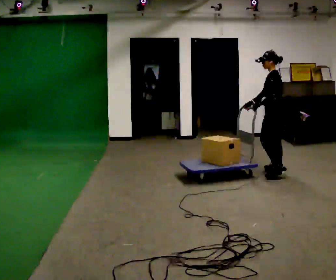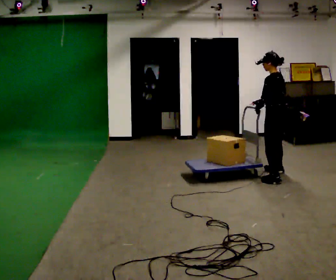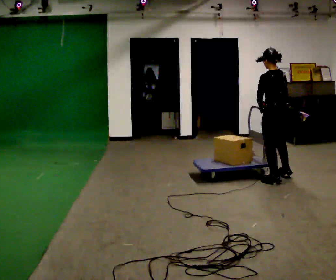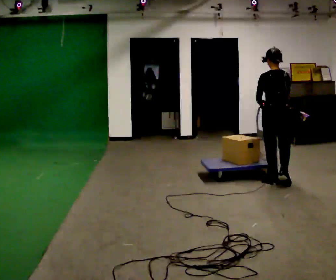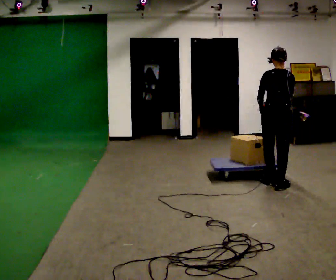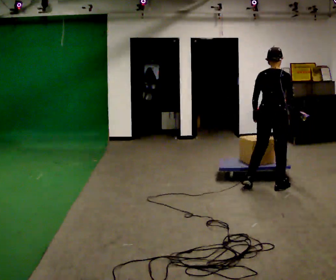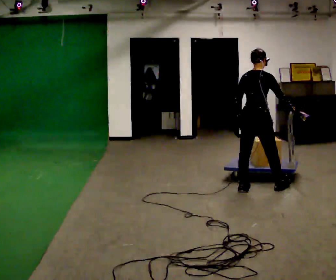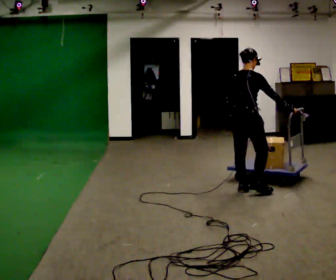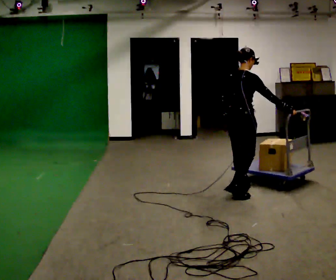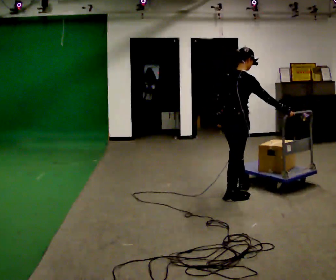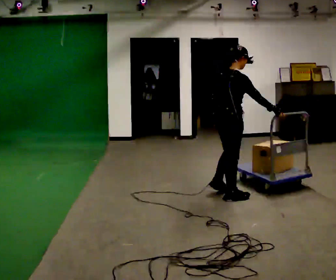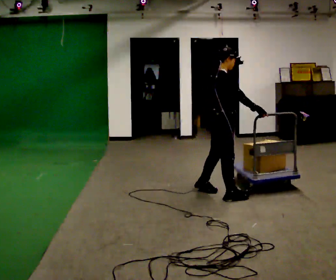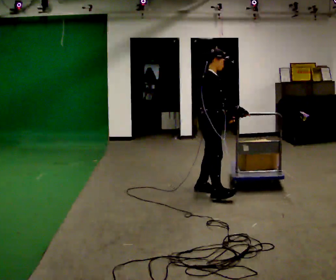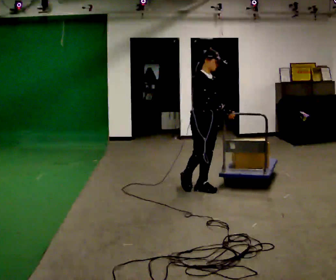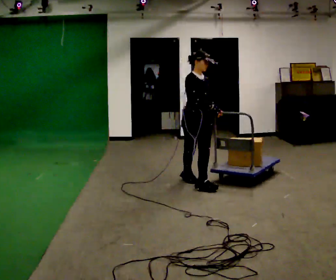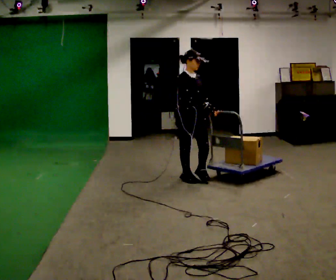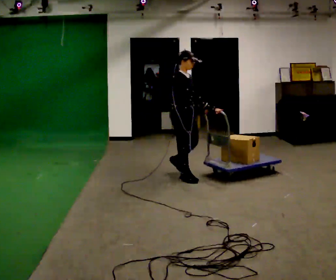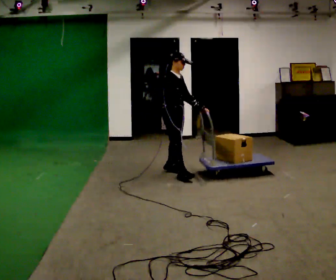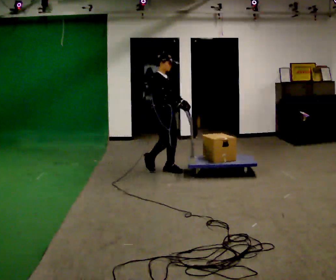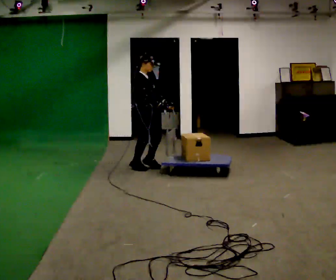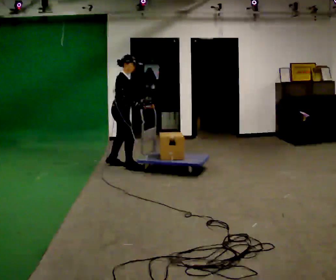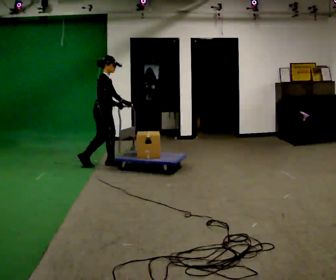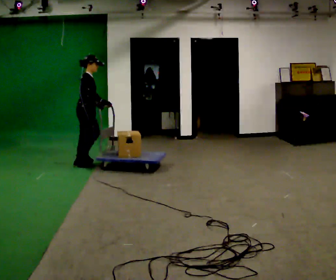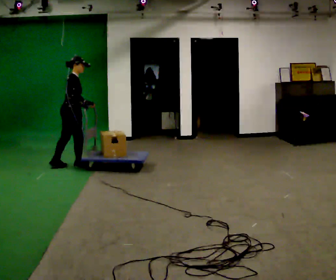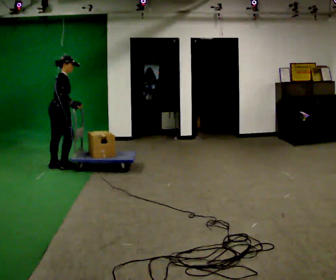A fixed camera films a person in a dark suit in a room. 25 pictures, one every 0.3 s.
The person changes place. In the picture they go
to the left.
0.0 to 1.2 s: Seen from above the body turns clockwise, about 75 degrees: to their right, with its near side sliding to the left. In the picture they go toward the camera, about 0.5 m in 2 steps.
1.2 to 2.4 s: The part of the body nearest the lens slides to the left as the person turns to their right by about 45 degrees. In the picture they go to the left, about 0.5 m in 1 step, which for them is backward and to their left.
2.4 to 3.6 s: The person turns about 45 degrees to their right, clockwise seen from above, so the part of the body nearest the lens slides to the left. In the picture they go to the left, about 0.25 m in 2 steps, which for them is backward and to their left.
3.6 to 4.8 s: In the picture they go away from the camera and to the left, about 0.5 m in 1 step, which for them is backward.
4.8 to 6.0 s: In the picture they go to the left and away from the camera, about 1 m in 3 steps, which for them is backward.
6.0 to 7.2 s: The person turns about 45 degrees to their left, counterclockwise seen from above, so the part of the body nearest the lens slides to the right. In the picture they go to the left, about 1 m in 2 steps, which for them is backward.
The film runs backward here.
